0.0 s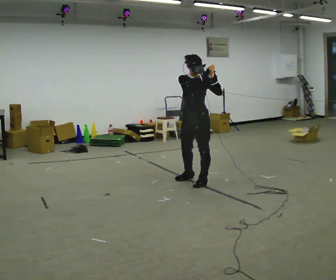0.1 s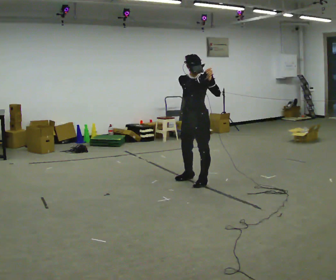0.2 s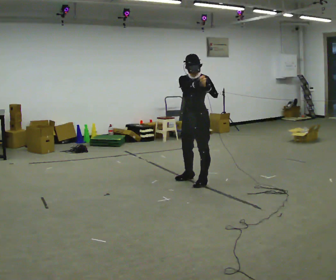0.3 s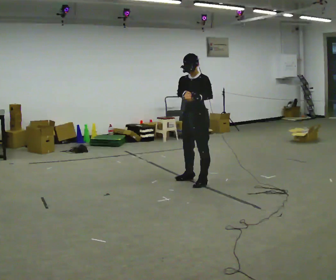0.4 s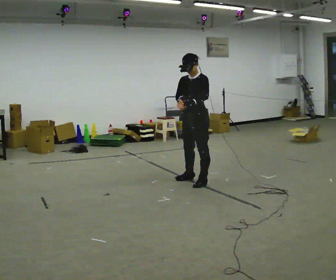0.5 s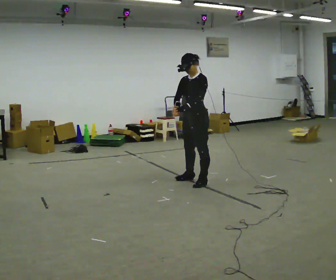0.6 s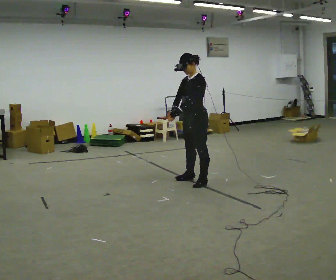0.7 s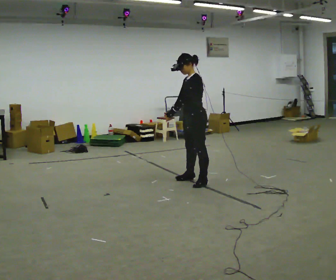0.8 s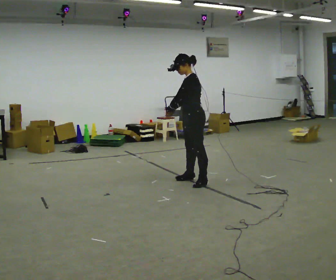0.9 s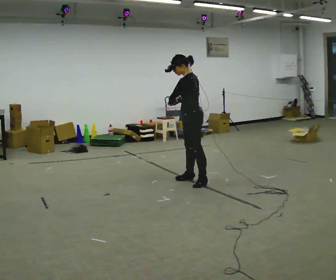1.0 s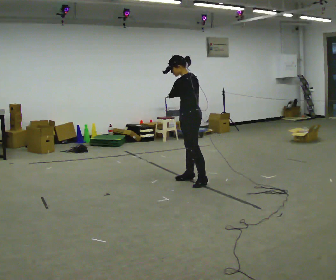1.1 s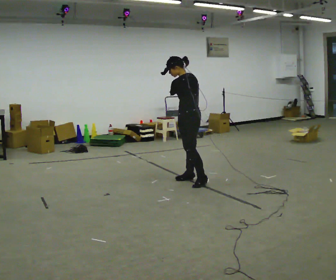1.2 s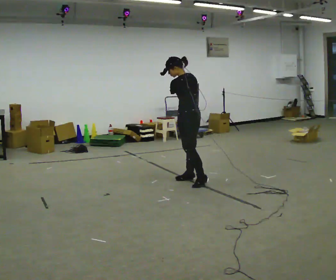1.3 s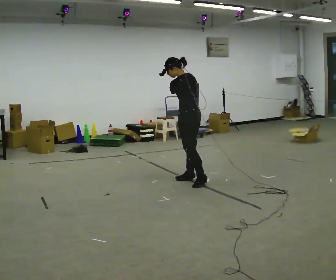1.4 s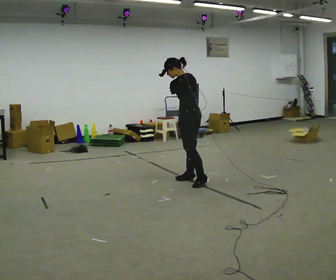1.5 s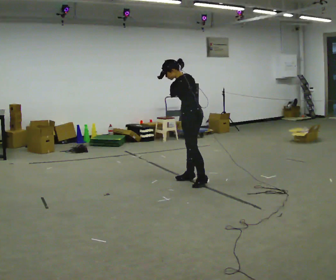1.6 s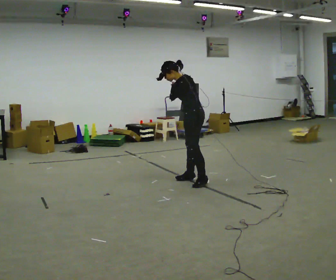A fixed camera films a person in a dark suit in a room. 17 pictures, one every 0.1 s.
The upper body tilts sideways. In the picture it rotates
counterclockwise.
0.0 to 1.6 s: The person turns about 60 degrees to their right, clockwise seen from above, so the part of the body nearest the lens slides to the left. In the picture they go away from the camera, about 0.25 m. In the picture the upper body tilts counterclockwise, shoulders to the left, as they bend forward. In the picture their left hand goes to the left.
The film runs forward here.
